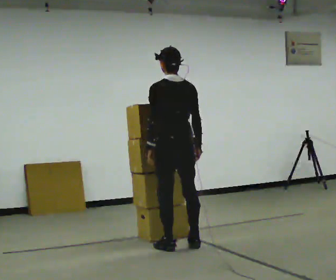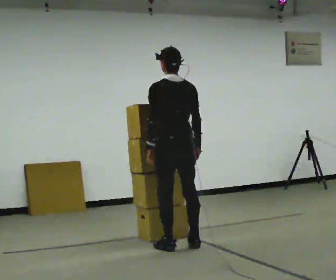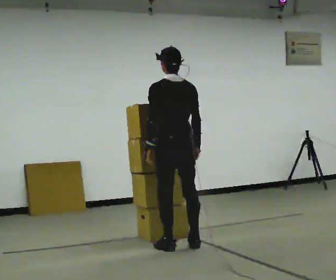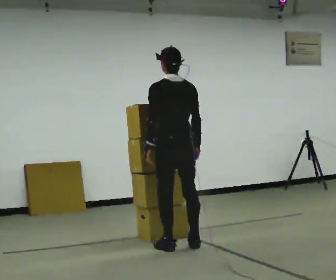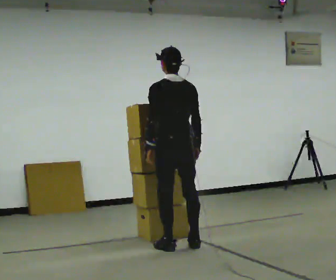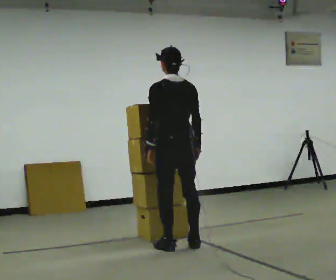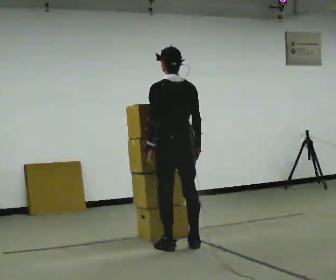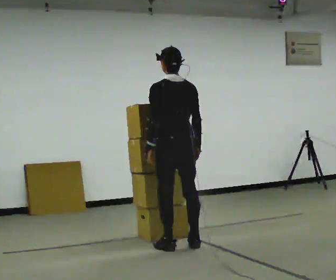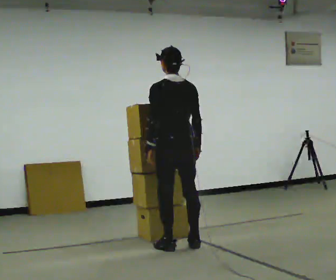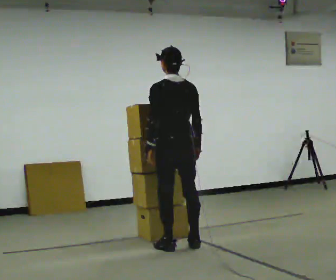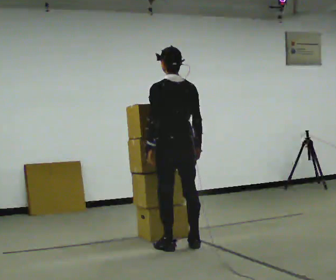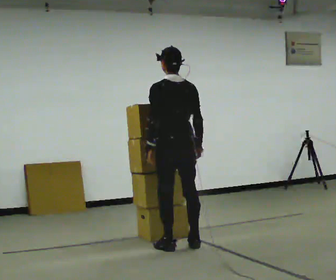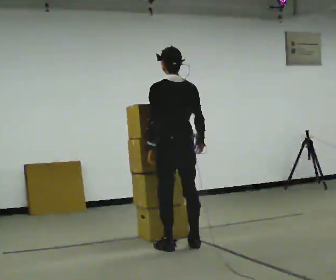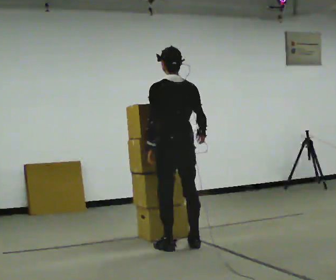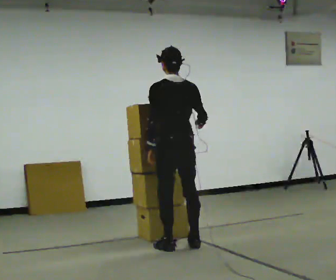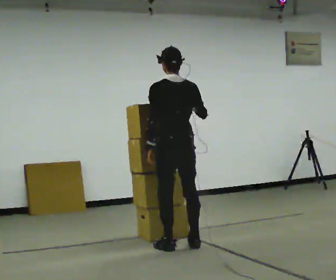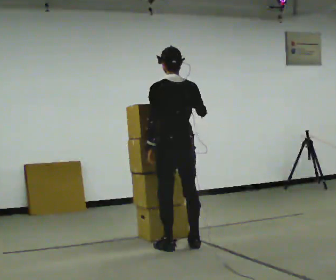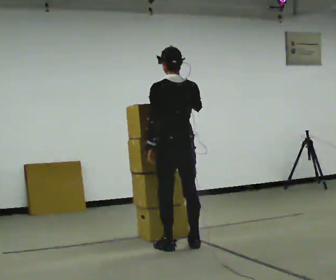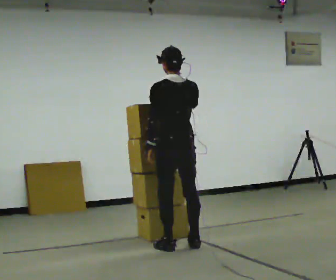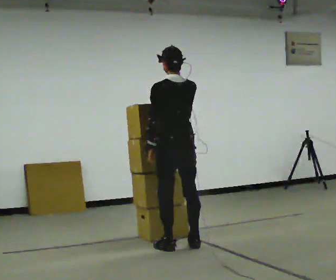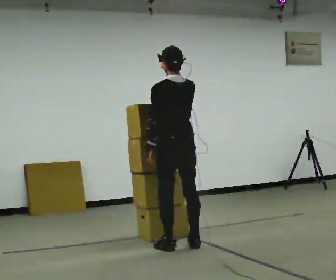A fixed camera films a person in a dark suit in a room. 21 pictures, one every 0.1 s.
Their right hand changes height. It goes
upward.
0.0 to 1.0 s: The person moves a little, or ends about where they began.
1.0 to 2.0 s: In the picture their right hand goes upward.
The film runs forward here.
